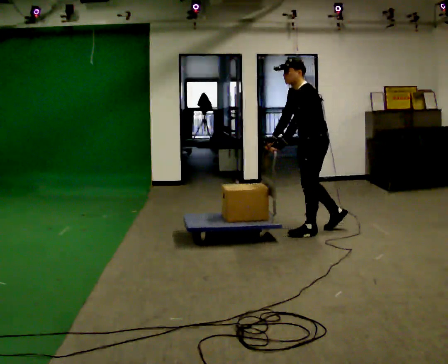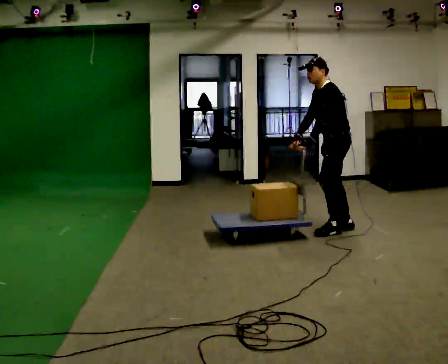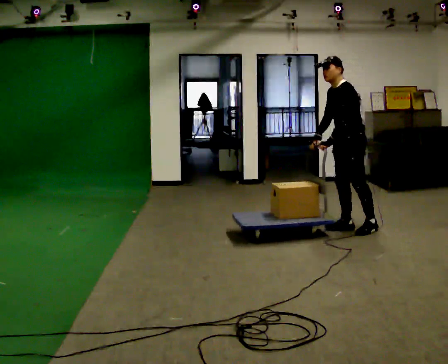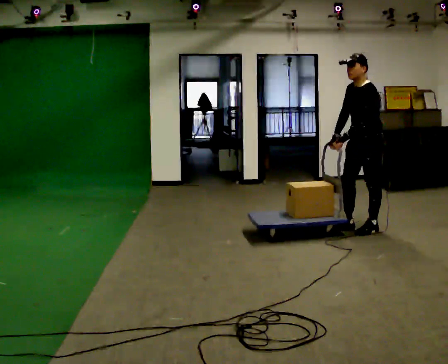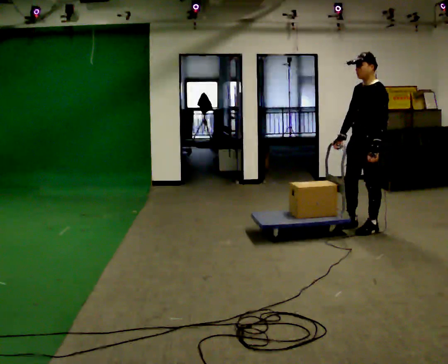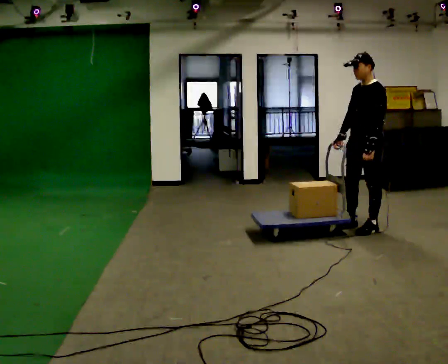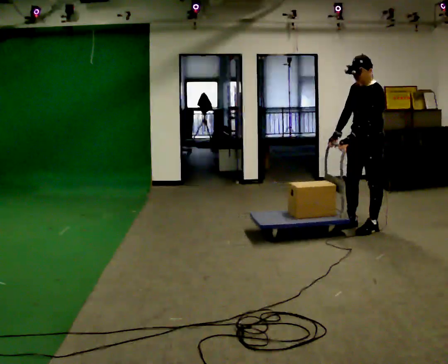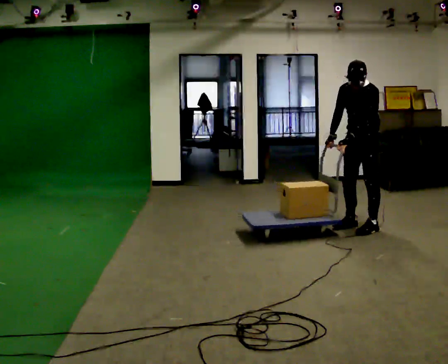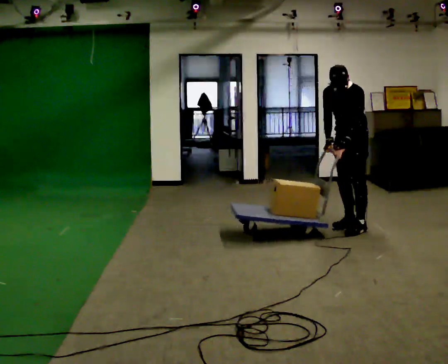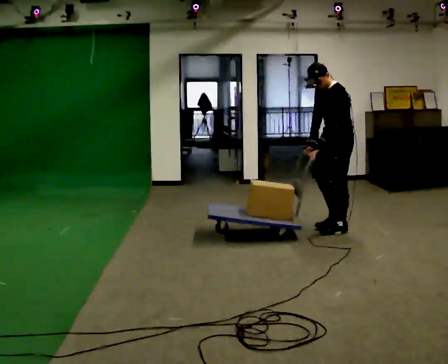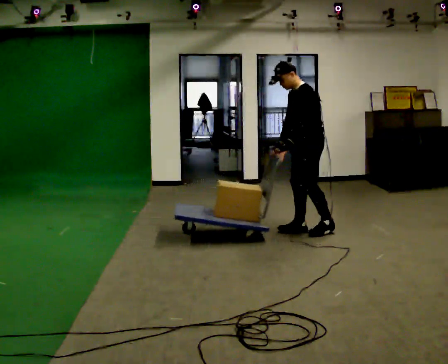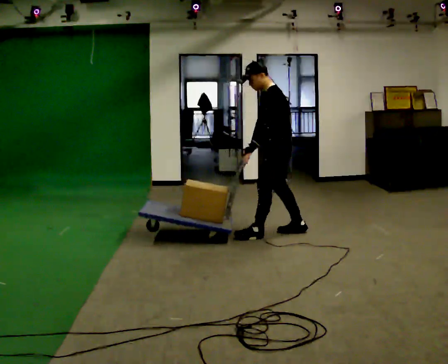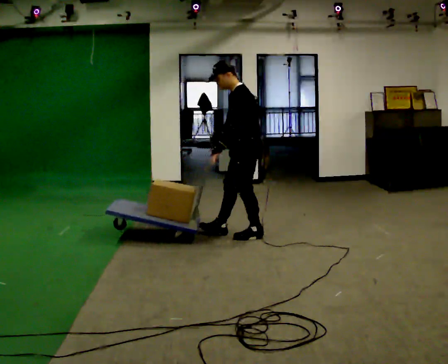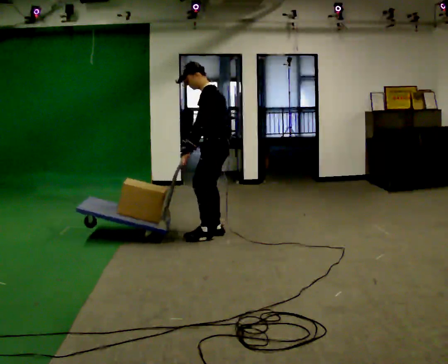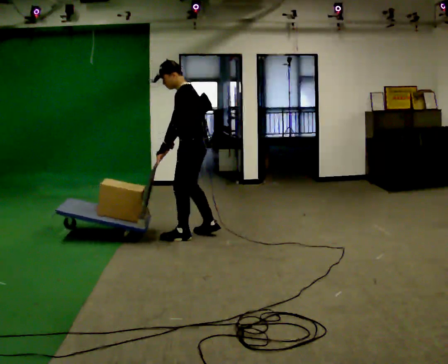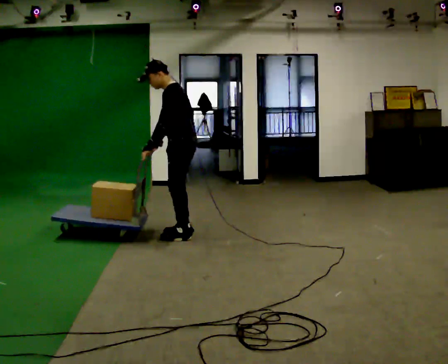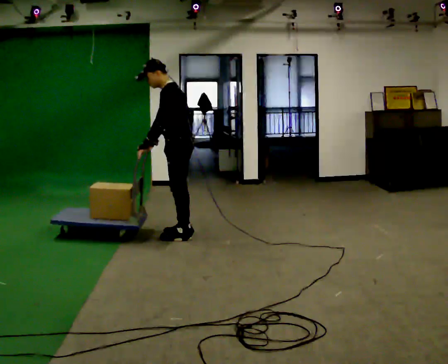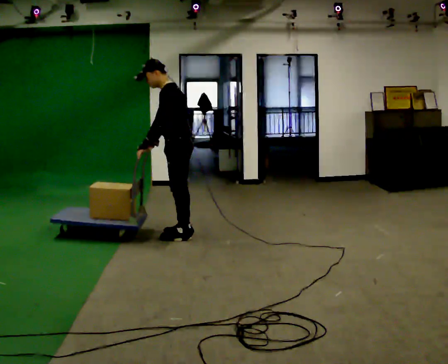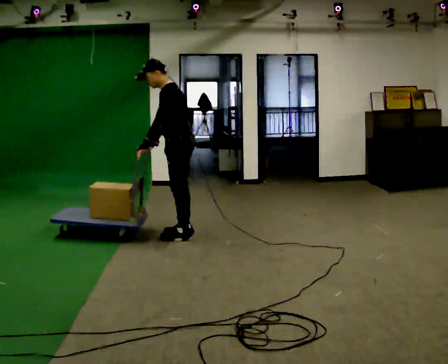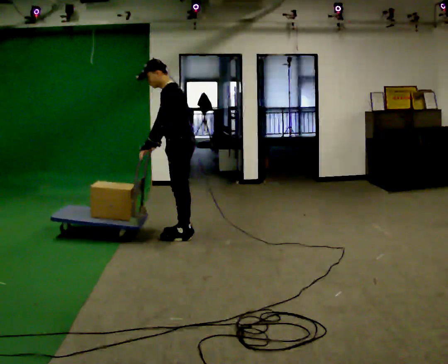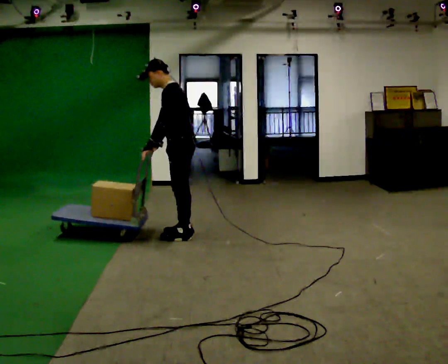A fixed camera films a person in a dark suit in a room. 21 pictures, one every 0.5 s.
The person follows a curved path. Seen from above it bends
counterclockwise.
0.0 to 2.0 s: In the picture they go to the right, about 0.5 m in 1 step, which for them is backward. In the picture the upper body tilts clockwise, shoulders to the right, as they lean back or straighten.
2.0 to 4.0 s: In the picture they go away from the camera, about 0.25 m in 1 step, which for them is to their right. In the picture the upper body tilts counterclockwise, shoulders to the left, as they bend forward.
4.0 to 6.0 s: Seen from above the body turns clockwise, about 30 degrees: to their right, with its near side sliding to the left. In the picture they go to the left, about 1 m in 3 steps, which for them is forward.
6.0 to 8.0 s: In the picture they go to the left, about 0.75 m in 2 steps, which for them is forward.
8.0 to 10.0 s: The person moves a little, or ends about where they began.
The film runs backward here.
